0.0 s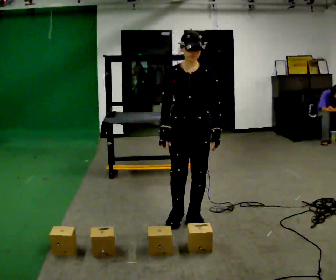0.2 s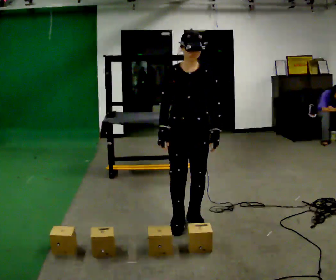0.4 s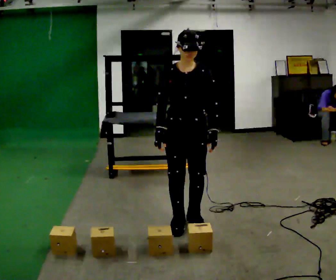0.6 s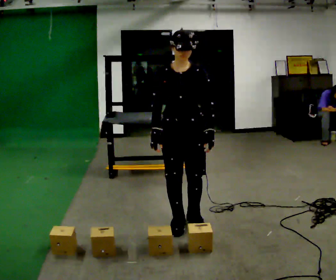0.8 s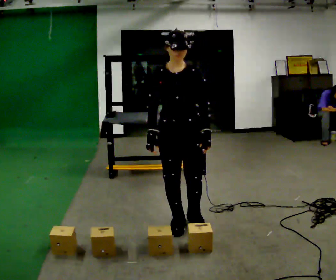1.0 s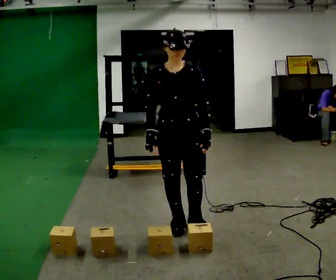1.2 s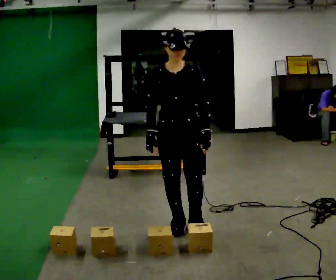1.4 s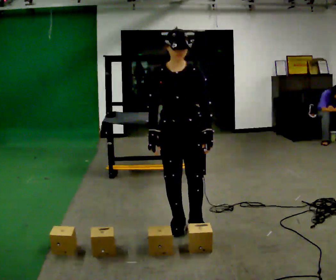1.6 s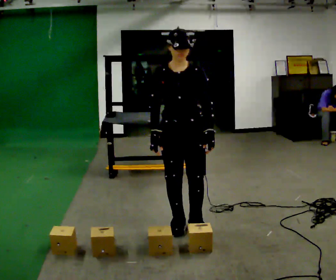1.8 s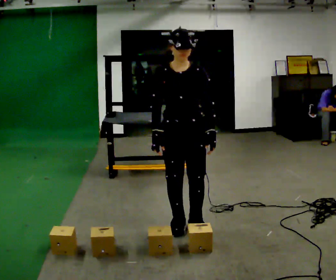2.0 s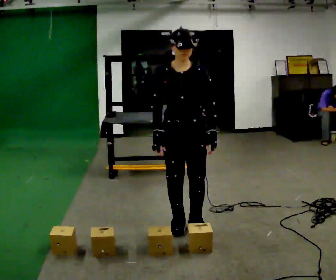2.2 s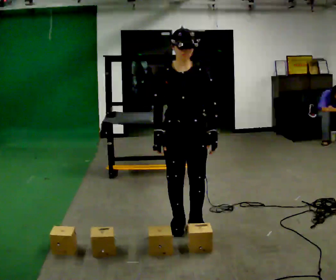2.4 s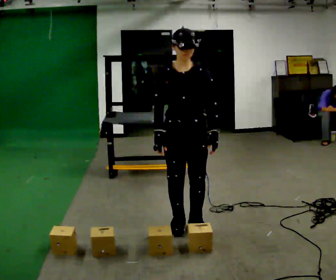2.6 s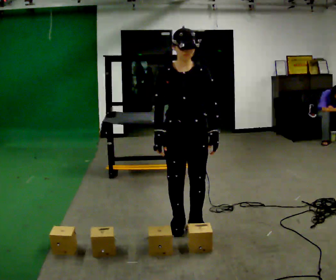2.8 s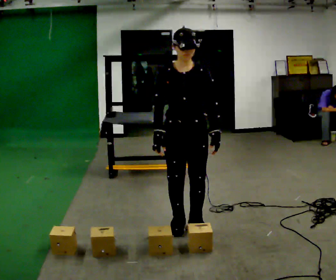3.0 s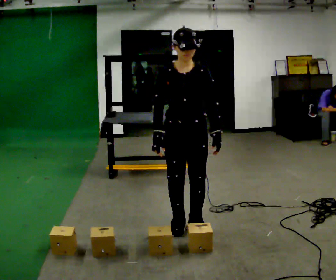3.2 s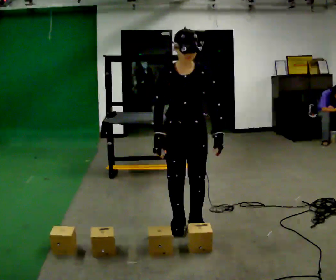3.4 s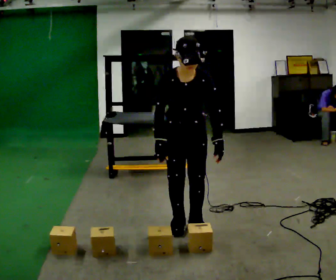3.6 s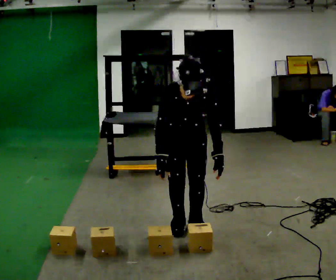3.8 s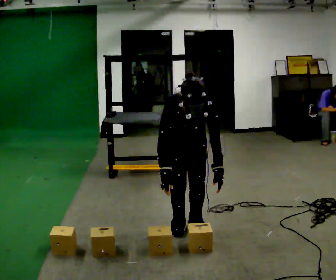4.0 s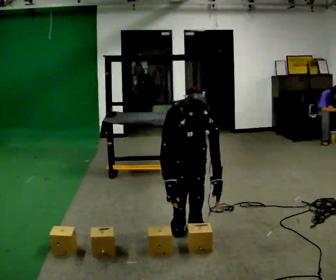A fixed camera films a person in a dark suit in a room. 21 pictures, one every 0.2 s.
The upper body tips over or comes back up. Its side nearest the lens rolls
downward.
The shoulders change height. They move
downward.
0.0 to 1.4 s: In the picture they go toward the camera, about 0.25 m in 1 step, which for them is forward.
1.4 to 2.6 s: The person moves a little, or ends about where they began.
2.6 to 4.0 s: The upper body goes downward. The upper body tips toward the camera, its near side rolling downward, as they bend forward. In the picture their right hand goes downward.
The film runs forward here.
